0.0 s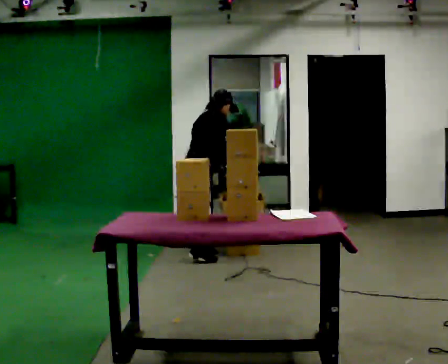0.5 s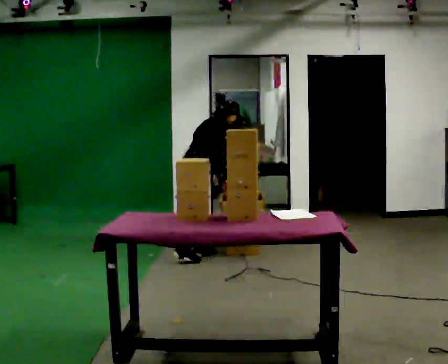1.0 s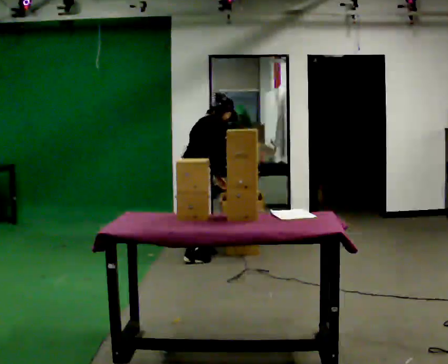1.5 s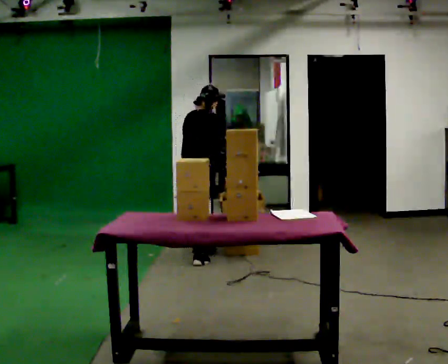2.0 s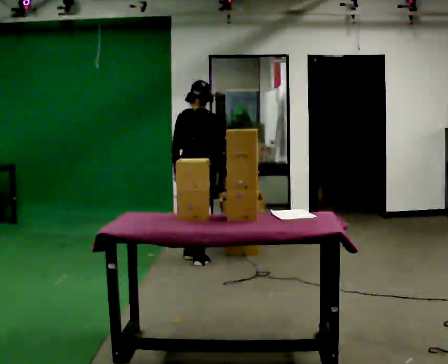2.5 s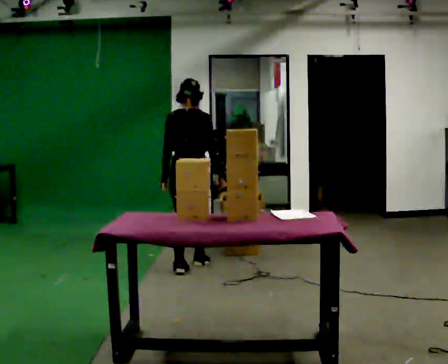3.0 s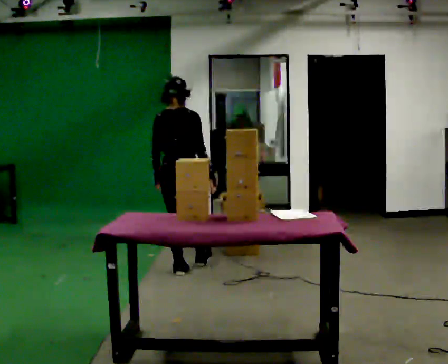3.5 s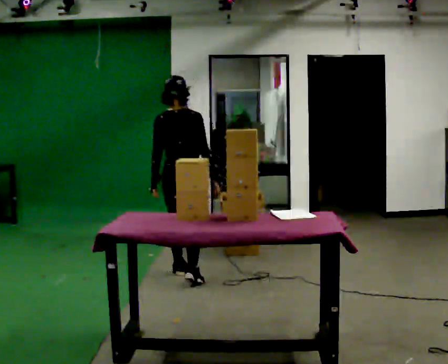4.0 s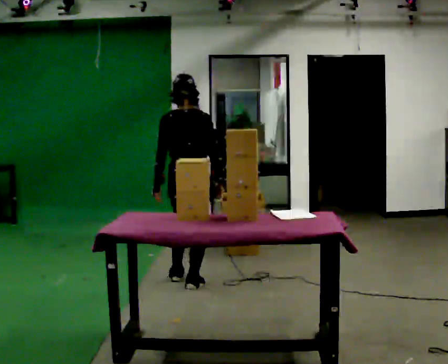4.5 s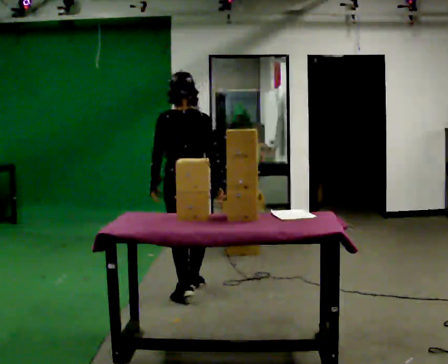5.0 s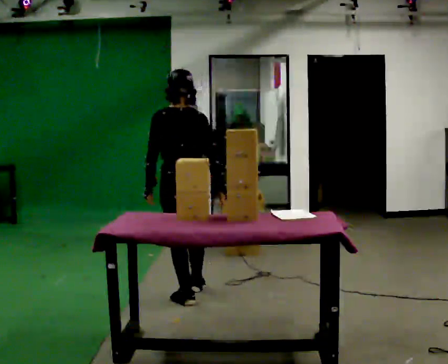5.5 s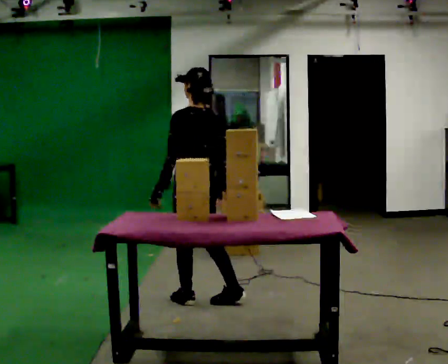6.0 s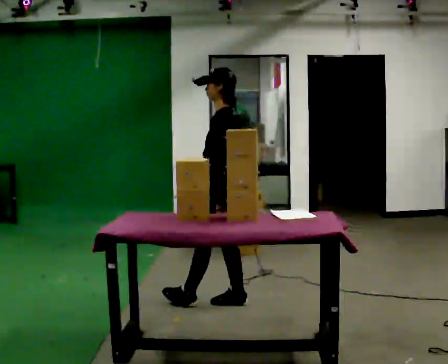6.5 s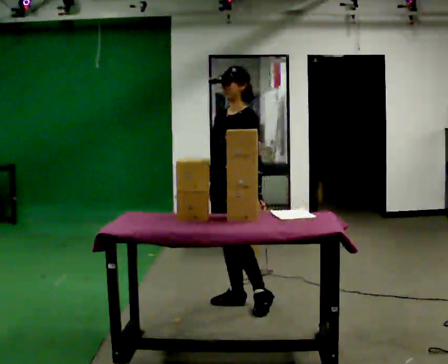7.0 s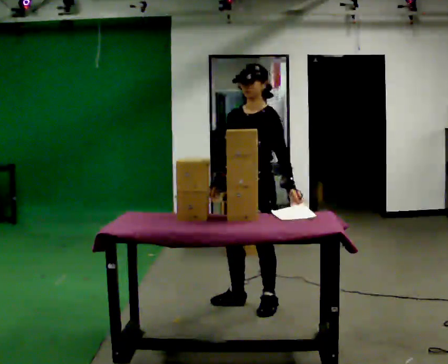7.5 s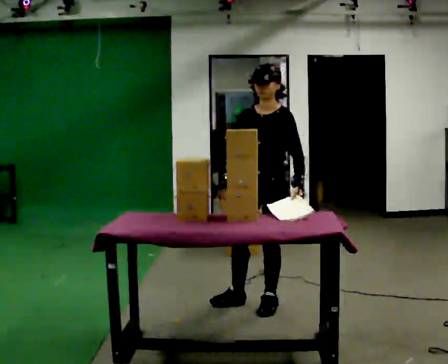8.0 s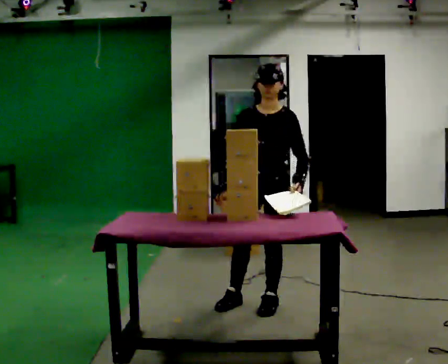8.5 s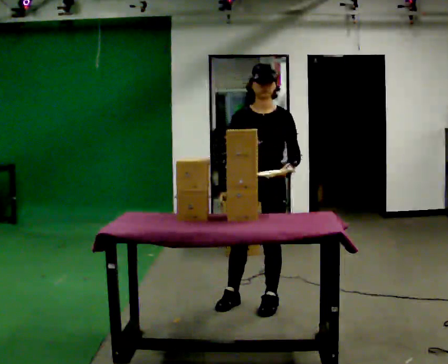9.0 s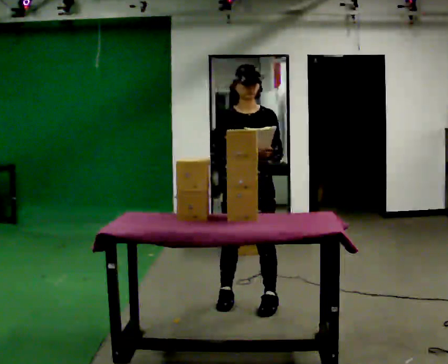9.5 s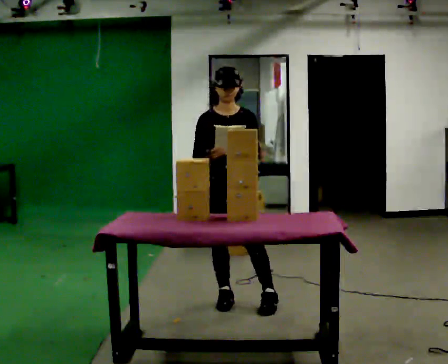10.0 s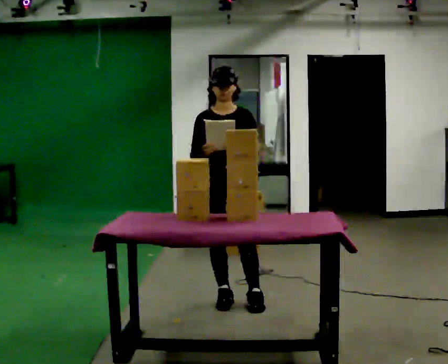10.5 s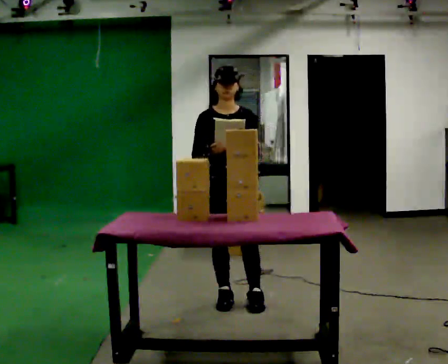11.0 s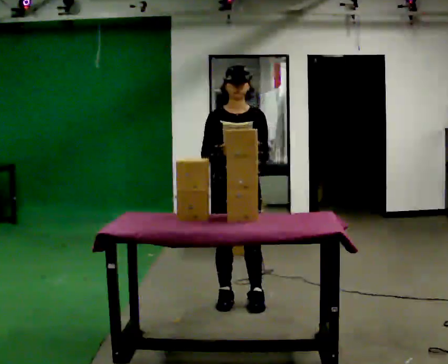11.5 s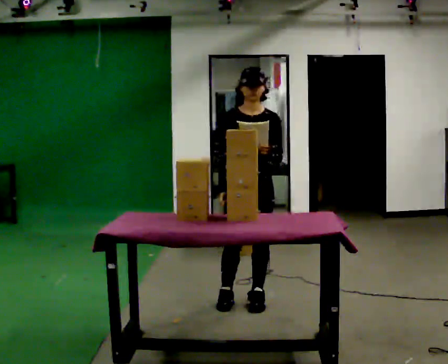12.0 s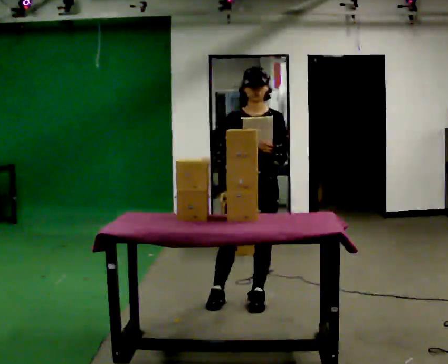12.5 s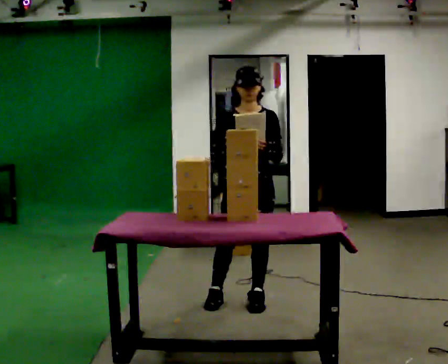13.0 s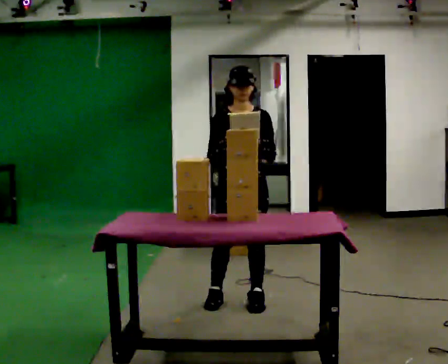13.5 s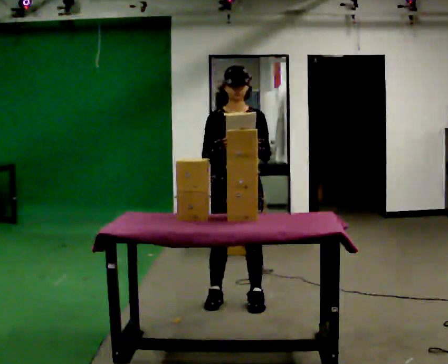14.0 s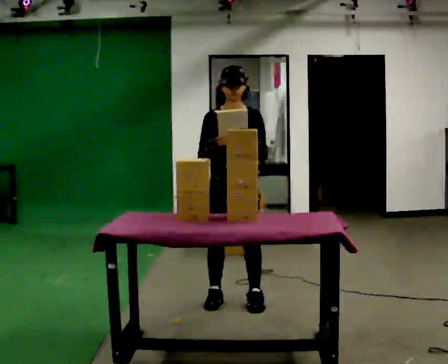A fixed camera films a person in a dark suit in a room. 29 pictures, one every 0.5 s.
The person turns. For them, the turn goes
to their left.
The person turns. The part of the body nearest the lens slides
to the right.
0.0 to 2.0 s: Seen from above the body turns counterclockwise, about 60 degrees: to their left, with its near side sliding to the right. In the picture they go toward the camera, about 0.25 m in 2 steps, which for them is to their right.
2.0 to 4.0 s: In the picture they go toward the camera, about 0.5 m in 2 steps, which for them is backward.
4.0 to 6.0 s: The person turns about 75 degrees to their left, counterclockwise seen from above, so the part of the body nearest the lens slides to the right. In the picture they go toward the camera and to the right, about 0.5 m in 2 steps.
6.0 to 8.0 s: The part of the body nearest the lens slides to the right as the person turns to their left by about 75 degrees. In the picture they go to the right, about 0.25 m.
8.0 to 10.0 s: In the picture they go to the left, about 0.25 m, which for them is to their right and backward.
10.0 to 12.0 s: In the picture they go to the right, about 0.25 m, which for them is to their left.
12.0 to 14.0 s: The person moves a little, or ends about where they began.
The film runs backward here.
